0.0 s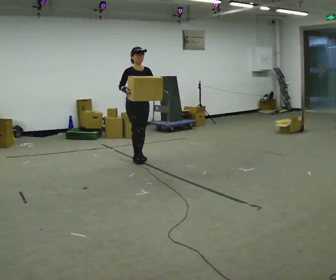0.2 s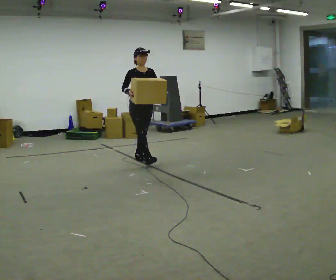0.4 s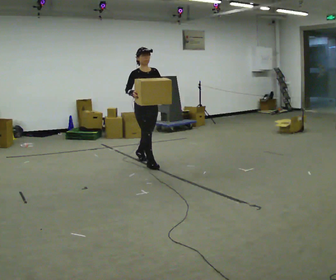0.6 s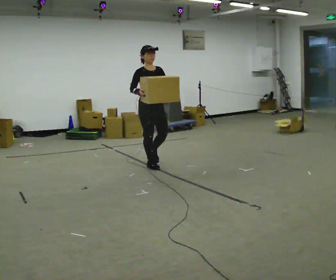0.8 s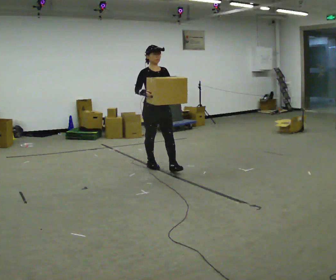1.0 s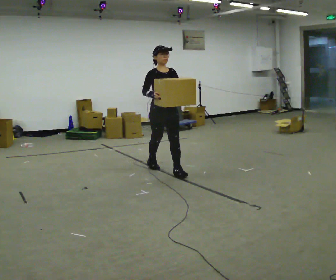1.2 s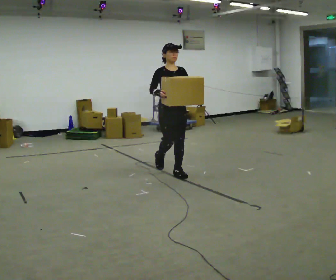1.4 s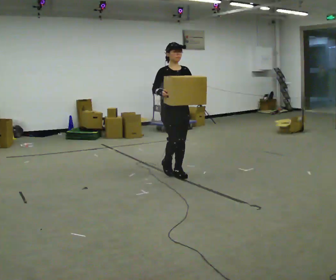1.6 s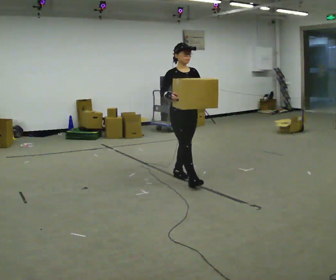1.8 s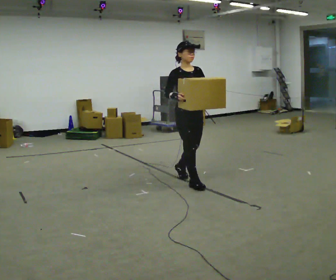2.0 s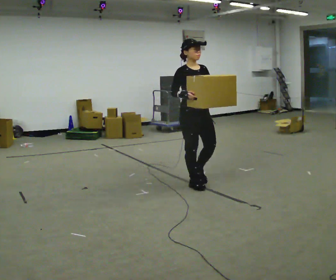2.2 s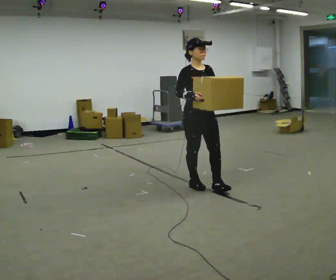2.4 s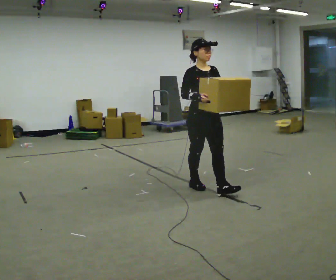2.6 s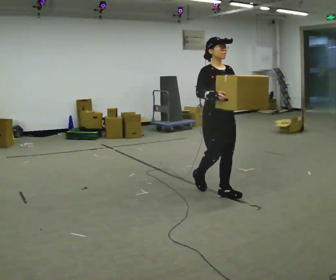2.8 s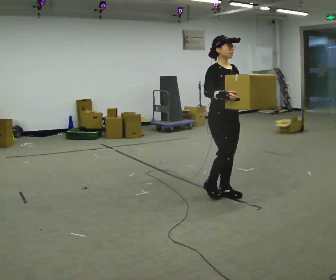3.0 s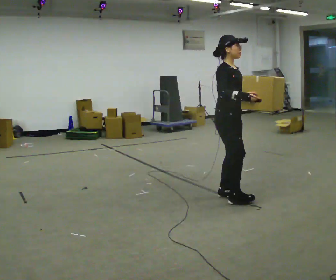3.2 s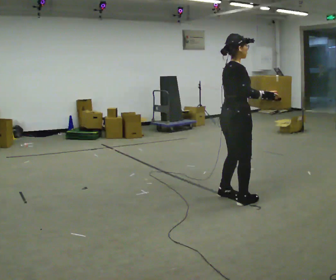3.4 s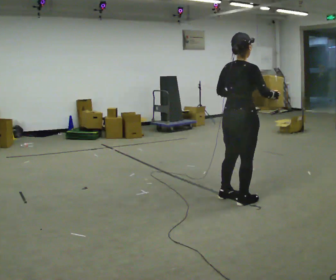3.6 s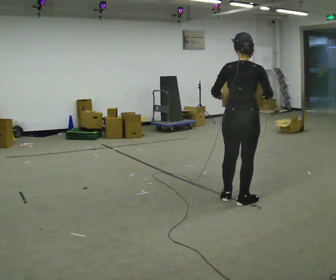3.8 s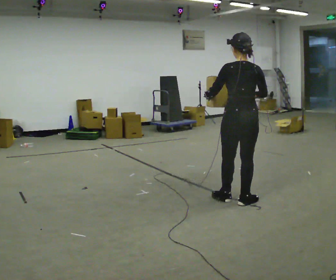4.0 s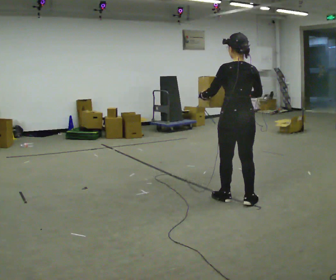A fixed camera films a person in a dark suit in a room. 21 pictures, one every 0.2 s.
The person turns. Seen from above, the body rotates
counterclockwise.
The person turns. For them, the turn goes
to their left.
0.0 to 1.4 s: In the picture they go toward the camera and to the right, about 1 m in 2 steps, which for them is forward.
1.4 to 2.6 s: In the picture they go toward the camera and to the right, about 1 m in 2 steps, which for them is forward.
2.6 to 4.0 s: The person turns about 165 degrees to their left, counterclockwise seen from above, so the part of the body nearest the lens slides to the right. In the picture they go toward the camera and to the right, about 0.25 m in 2 steps.
The film runs forward here.
